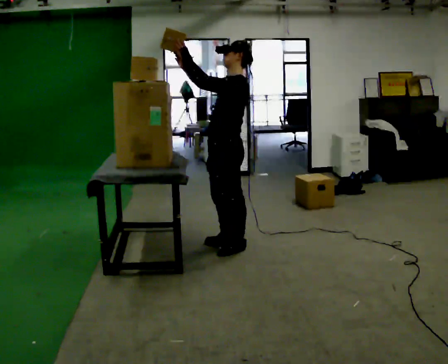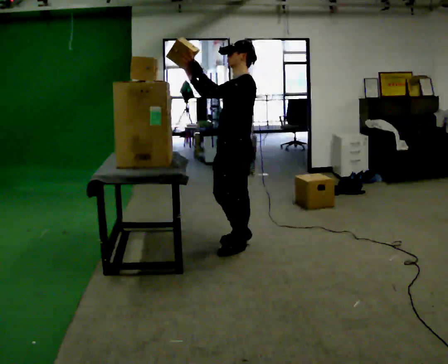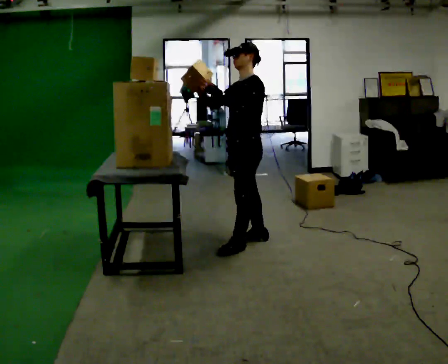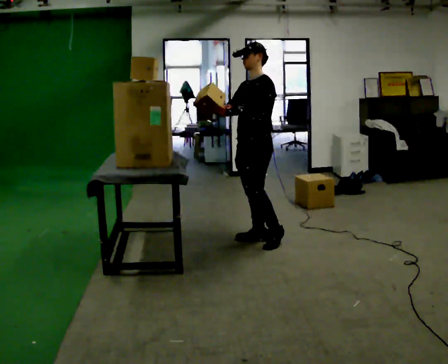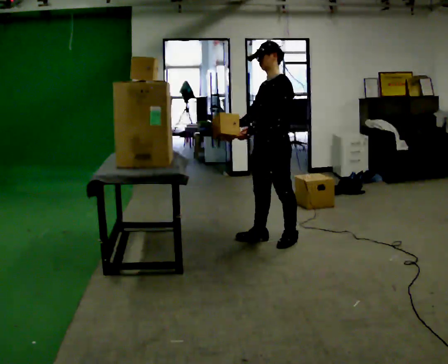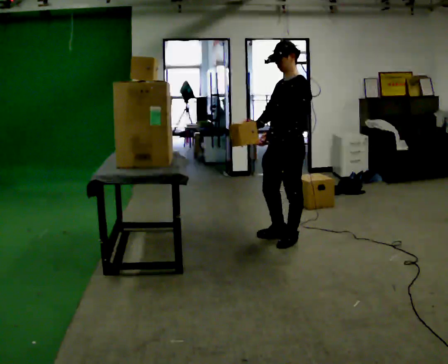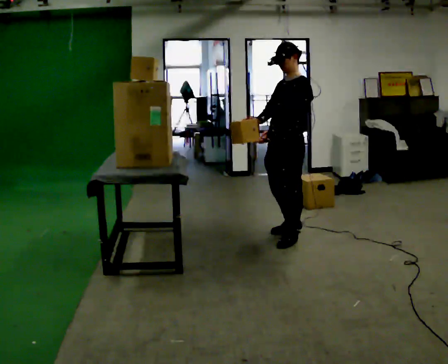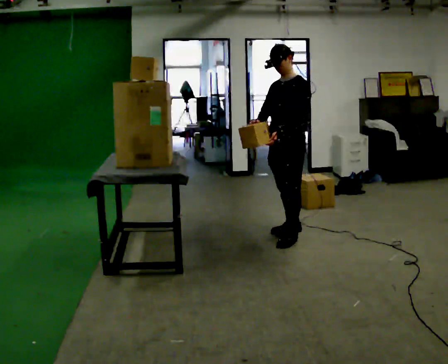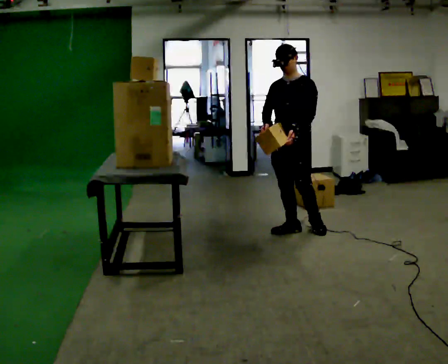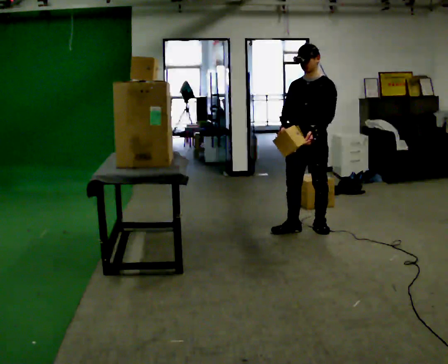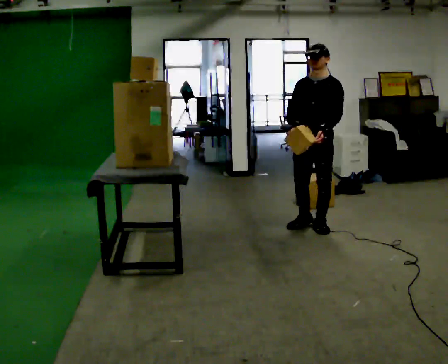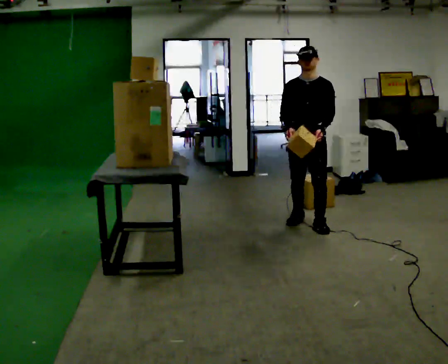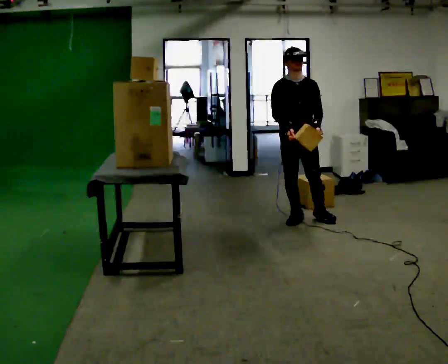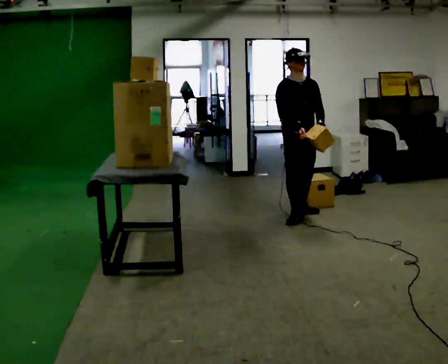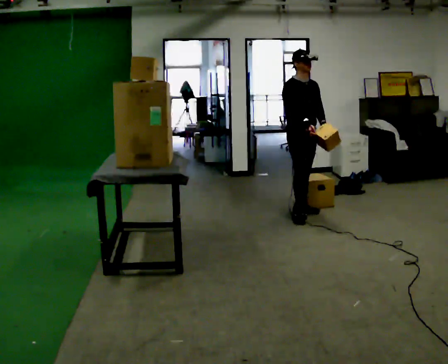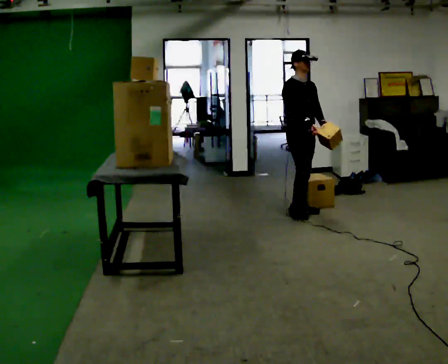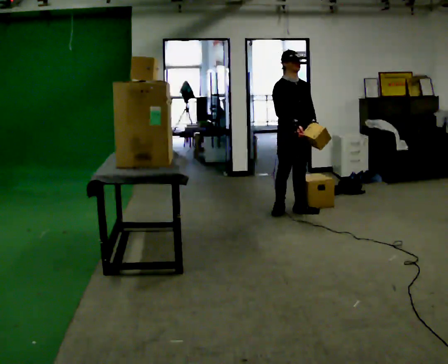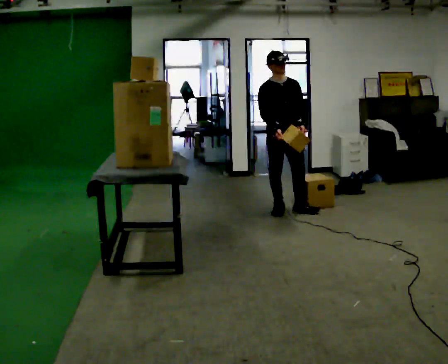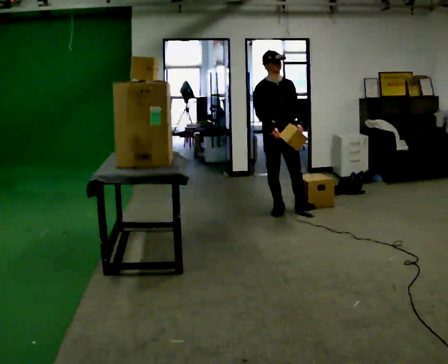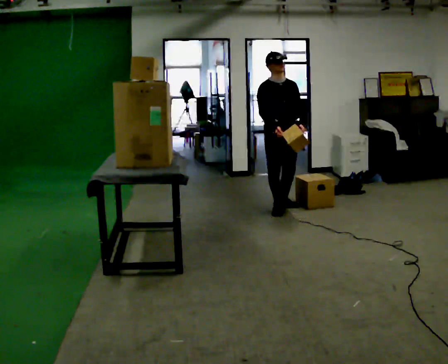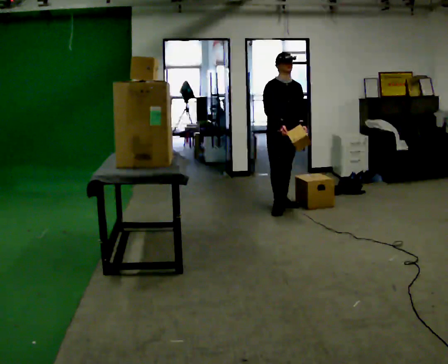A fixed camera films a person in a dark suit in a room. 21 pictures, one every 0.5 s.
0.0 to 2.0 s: In the picture they go to the right and away from the camera, about 0.5 m in 2 steps, which for them is backward. In the picture their left hand goes downward.
2.0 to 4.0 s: The person turns about 30 degrees to their left, counterclockwise seen from above, so the part of the body nearest the lens slides to the right. In the picture they go away from the camera and to the right, about 0.25 m in 2 steps, which for them is backward and to their right.
4.0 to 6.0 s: The part of the body nearest the lens slides to the right as the person turns to their left by about 45 degrees. In the picture they go away from the camera, about 0.25 m in 2 steps, which for them is backward.
6.0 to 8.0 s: The part of the body nearest the lens slides to the right as the person turns to their left by about 30 degrees. In the picture they go away from the camera, about 0.25 m in 1 step, which for them is backward and to their left.
8.0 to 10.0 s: In the picture they go away from the camera, about 0.25 m in 1 step, which for them is backward.
The film runs backward here.
